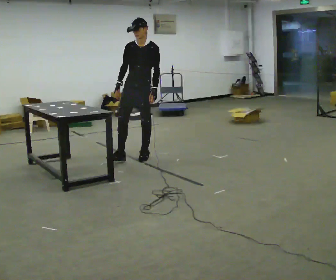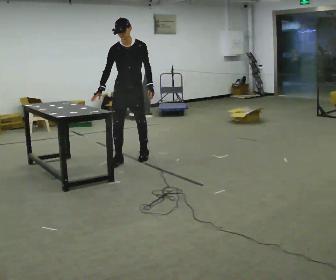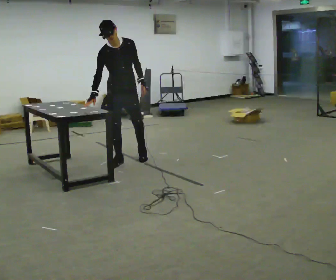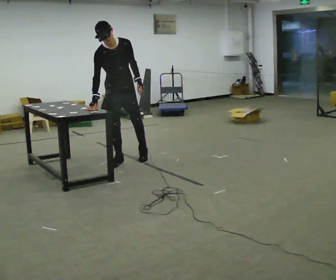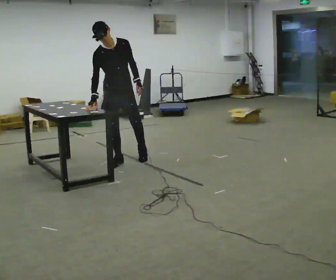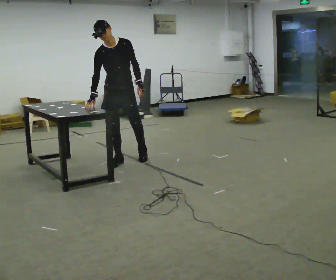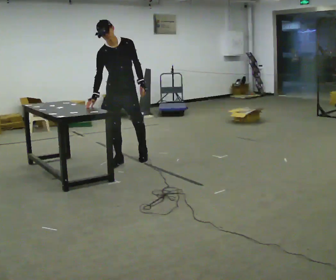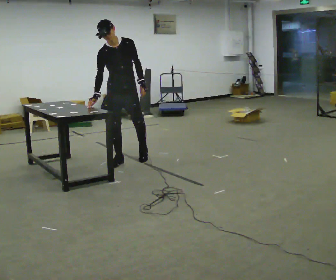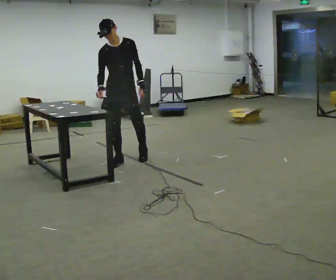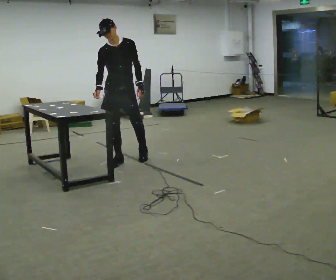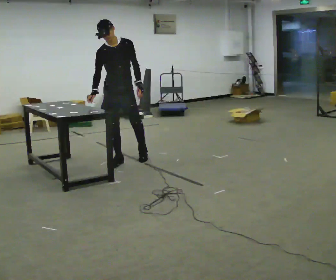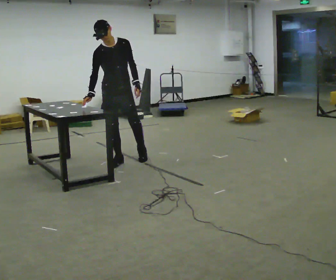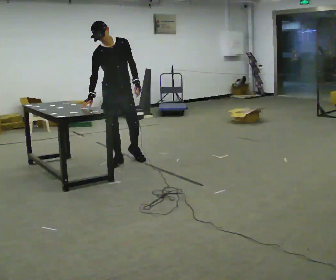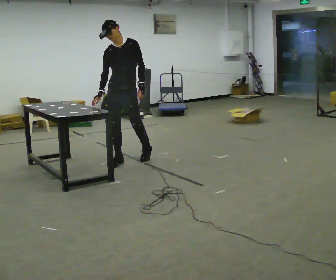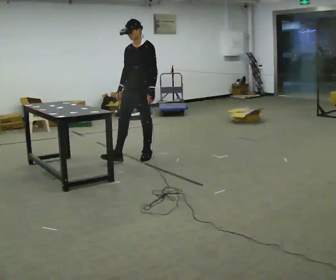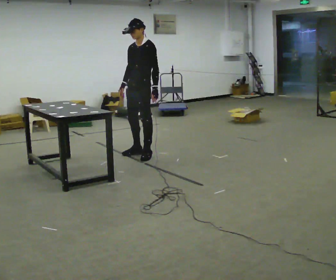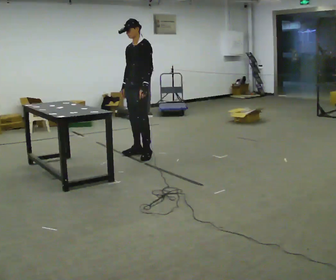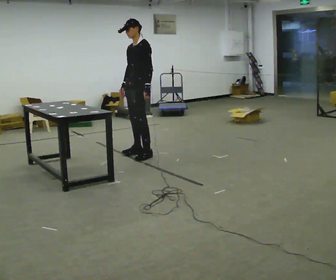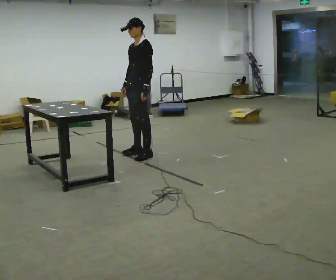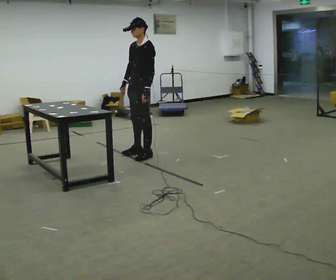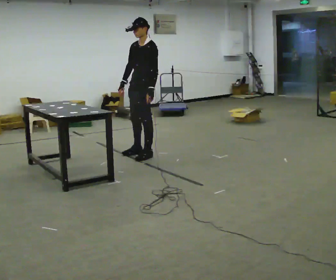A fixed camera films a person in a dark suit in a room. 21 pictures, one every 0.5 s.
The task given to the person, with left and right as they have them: Touch each numbered target on the board in front of you in the order the operator calls. Keep both feet on the marked spots for the whole take. If you have to step, stop and tell the operator.
0.0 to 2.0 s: Seen from above the body turns counterclockwise, about 30 degrees: to their left, with its near side sliding to the right. In the picture they go to the left and toward the camera, about 0.25 m in 1 step, which for them is to their right and forward. In the picture the upper body tilts counterclockwise, shoulders to the left, as they bend forward.
2.0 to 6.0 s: The person moves a little, or ends about where they began.
6.0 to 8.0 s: The person turns about 60 degrees to their right, clockwise seen from above, so the part of the body nearest the lens slides to the left. In the picture they go away from the camera and to the right, about 0.5 m in 2 steps.
8.0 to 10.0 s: The person moves a little, or ends about where they began.
The film runs forward here.
